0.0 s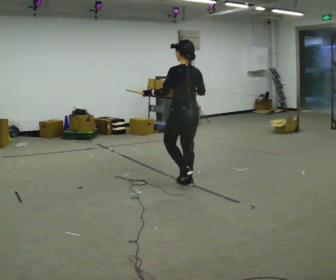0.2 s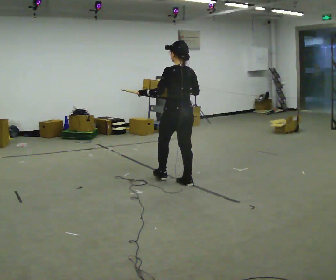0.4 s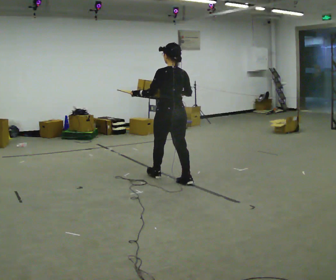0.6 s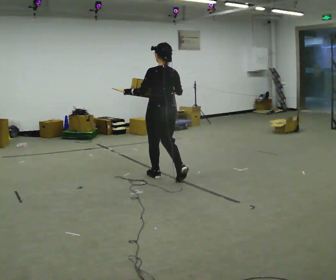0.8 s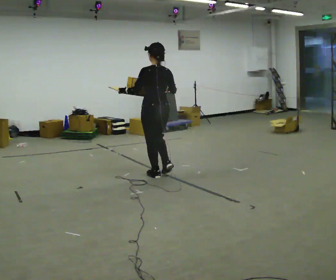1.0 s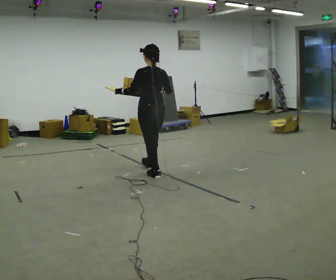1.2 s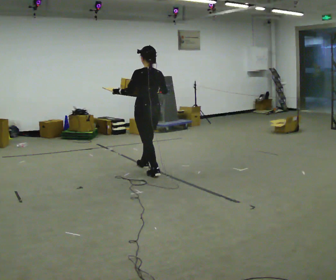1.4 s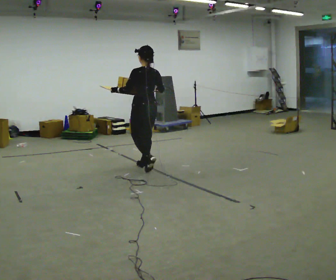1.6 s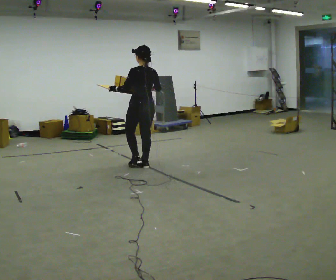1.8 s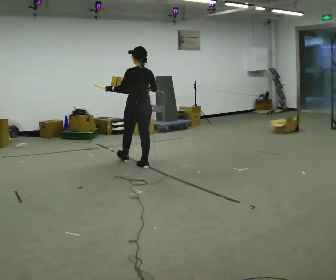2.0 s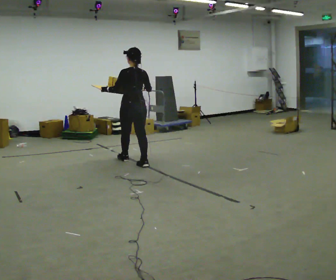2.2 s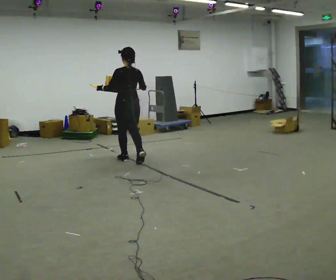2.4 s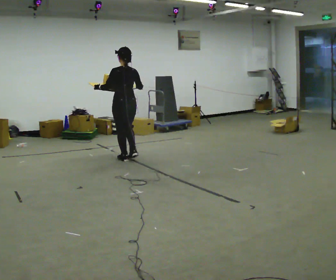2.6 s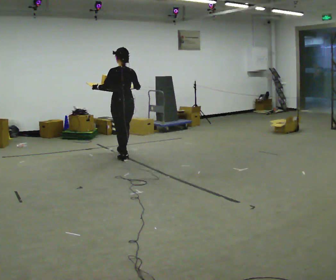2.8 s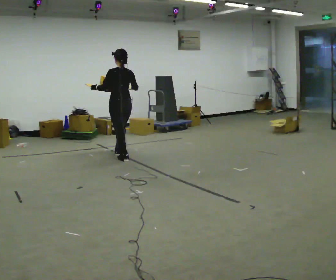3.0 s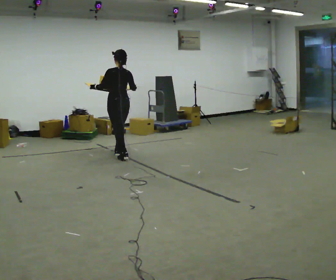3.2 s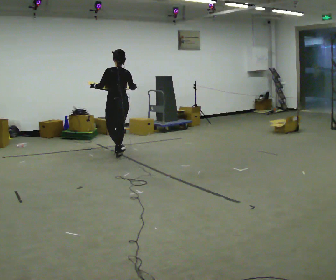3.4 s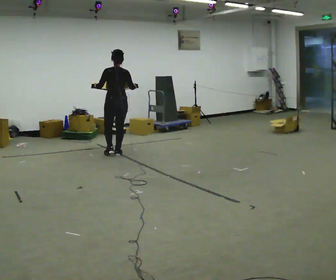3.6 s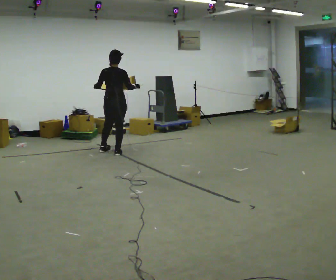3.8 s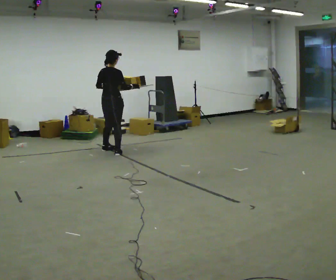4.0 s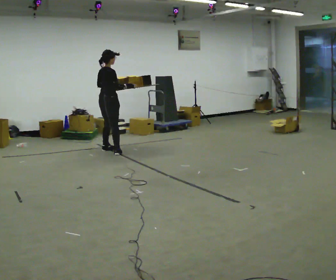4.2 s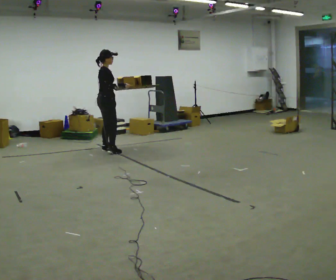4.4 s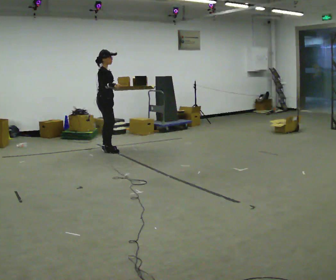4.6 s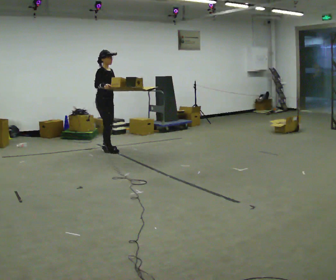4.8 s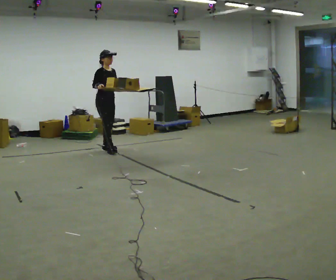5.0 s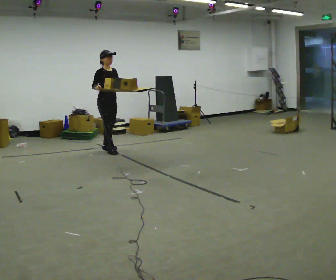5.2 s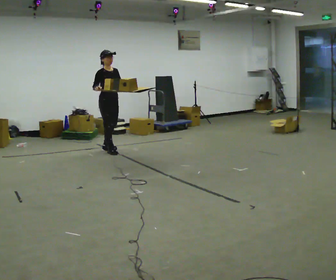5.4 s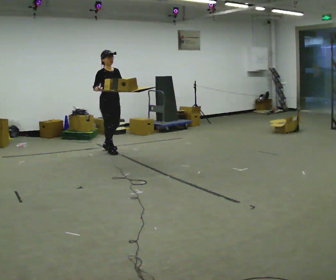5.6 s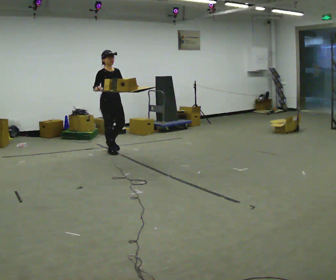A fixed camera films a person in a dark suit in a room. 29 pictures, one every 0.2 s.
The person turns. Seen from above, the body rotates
clockwise.
The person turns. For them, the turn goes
to their right.
0.0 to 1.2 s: In the picture they go away from the camera and to the left, about 0.5 m in 2 steps, which for them is forward.
1.2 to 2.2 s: In the picture they go away from the camera and to the left, about 0.5 m in 1 step, which for them is forward.
2.2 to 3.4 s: In the picture they go away from the camera and to the left, about 0.5 m in 1 step, which for them is forward.
3.4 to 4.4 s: Seen from above the body turns clockwise, about 105 degrees: to their right, with its near side sliding to the left. In the picture they go away from the camera and to the left, about 0.25 m in 1 step.
4.4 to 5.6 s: Seen from above the body turns clockwise, about 45 degrees: to their right, with its near side sliding to the left. In the picture they go toward the camera, about 0.25 m in 1 step, which for them is forward.
The film runs forward here.
